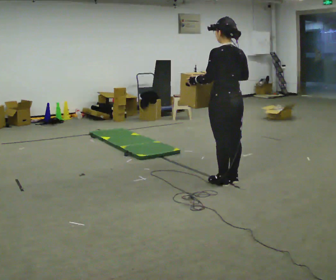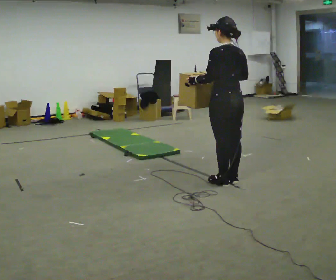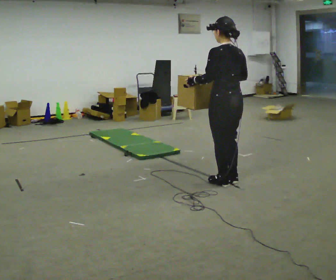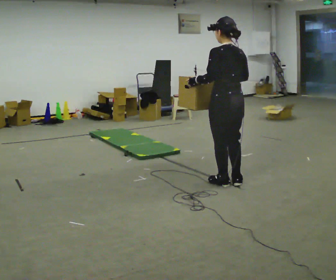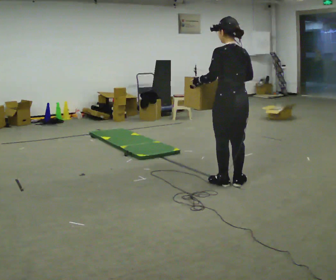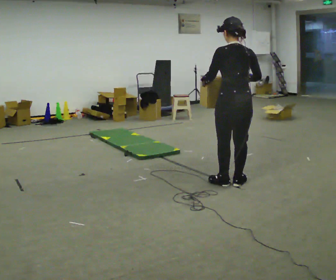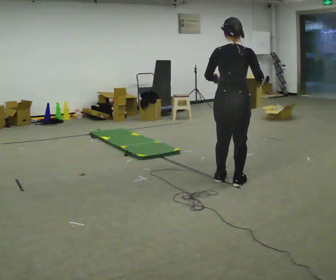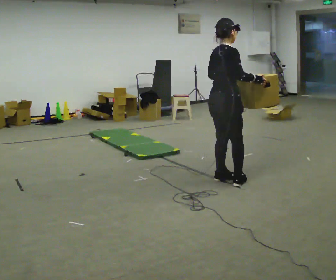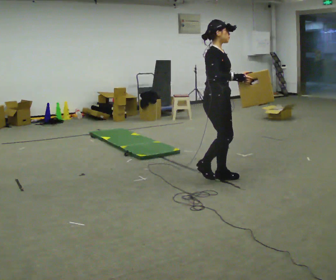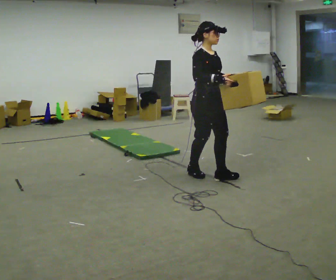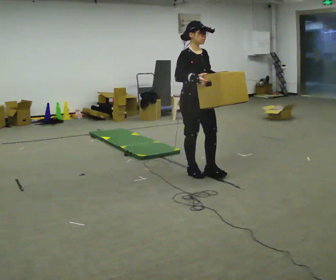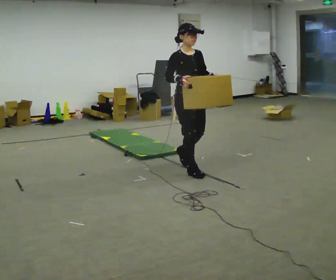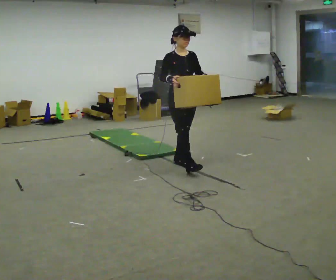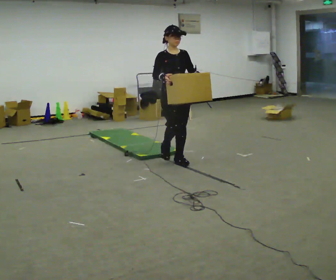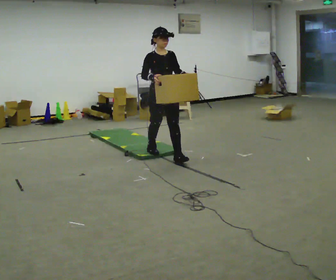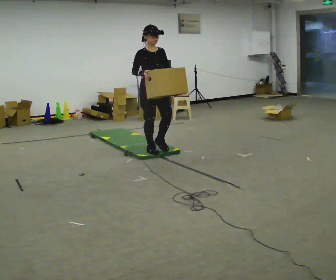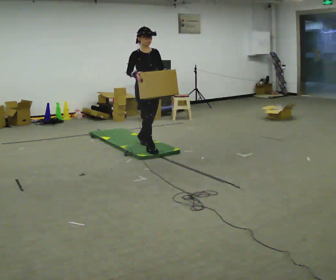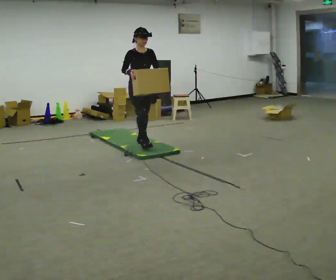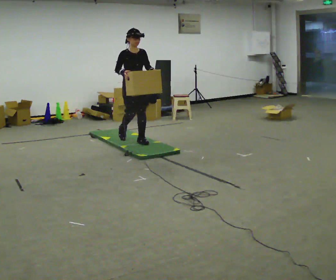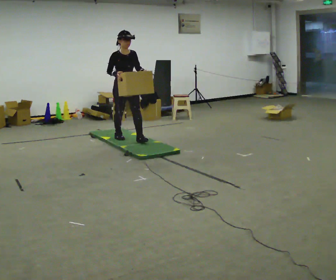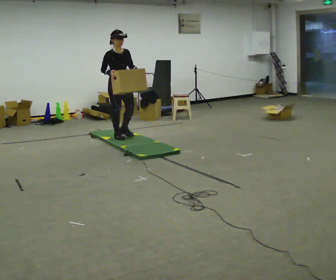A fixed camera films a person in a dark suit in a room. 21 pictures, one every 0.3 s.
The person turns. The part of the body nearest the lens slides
to the left.
The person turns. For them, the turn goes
to their right.
0.0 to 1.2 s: The person moves a little, or ends about where they began.
1.2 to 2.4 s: The person turns about 135 degrees to their right, clockwise seen from above, so the part of the body nearest the lens slides to the left. In the picture they go away from the camera and to the left, about 0.25 m in 2 steps.
2.4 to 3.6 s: Seen from above the body turns clockwise, about 45 degrees: to their right, with its near side sliding to the left. In the picture they go away from the camera and to the left, about 0.5 m in 2 steps, which for them is backward.
3.6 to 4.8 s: In the picture they go away from the camera and to the left, about 1 m in 1 step, which for them is backward.
4.8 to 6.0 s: In the picture they go away from the camera and to the left, about 1 m in 2 steps, which for them is backward.
The film runs backward here.
